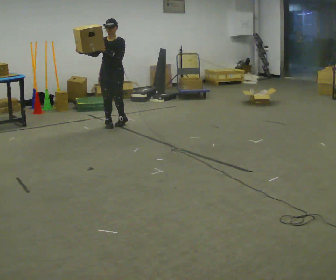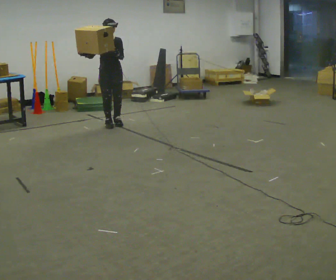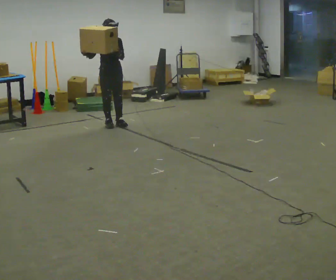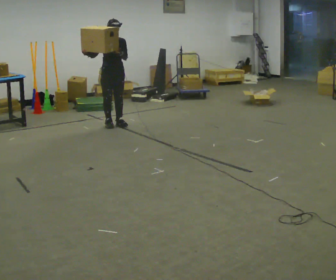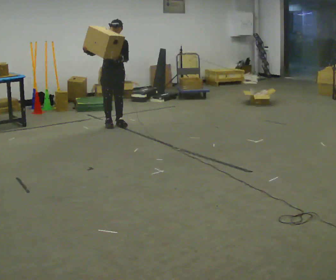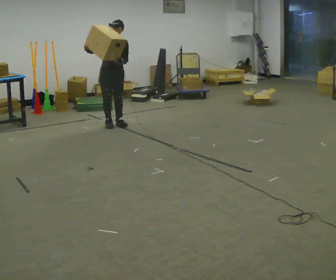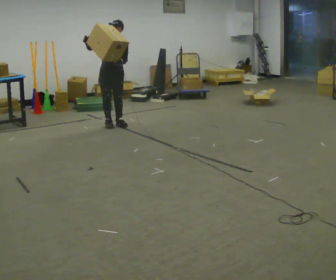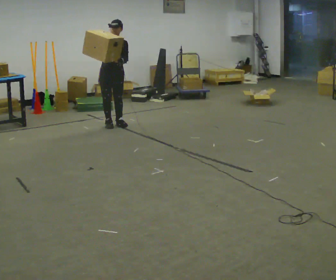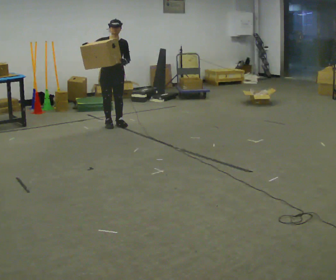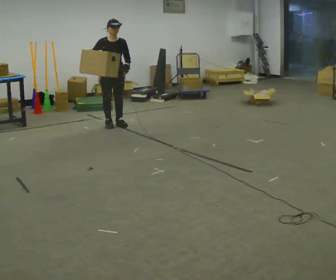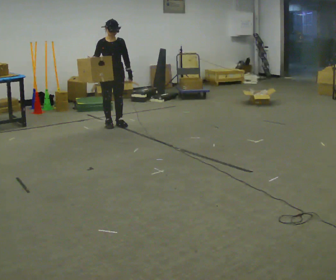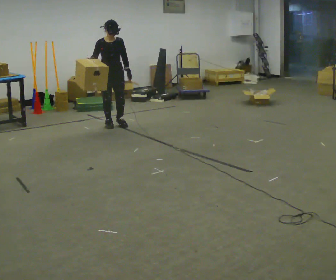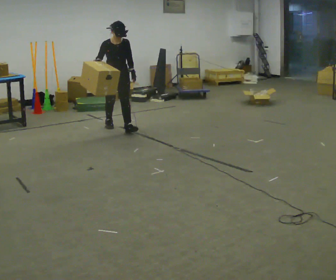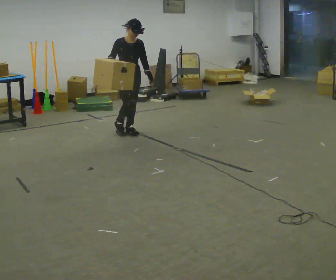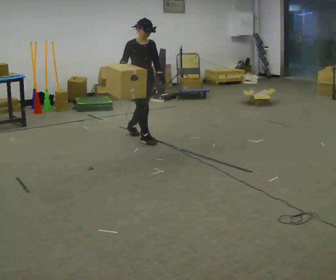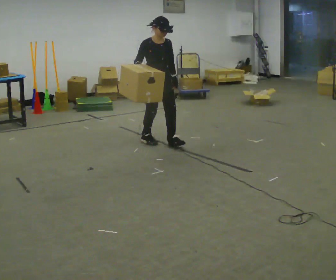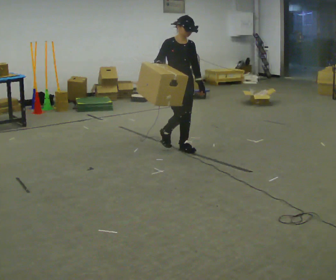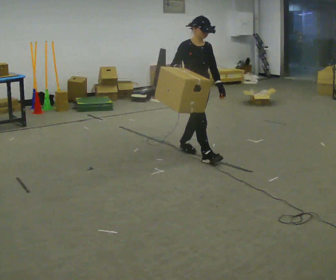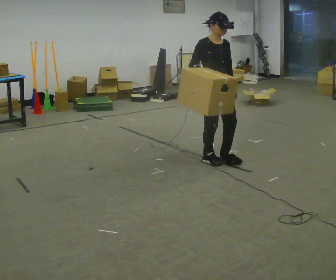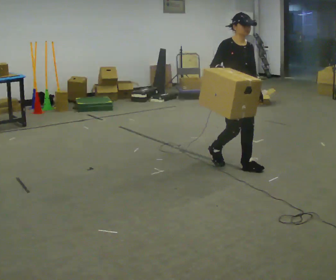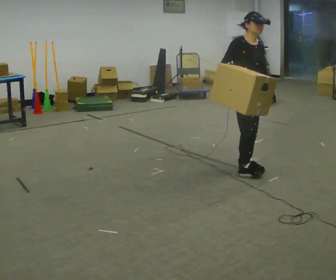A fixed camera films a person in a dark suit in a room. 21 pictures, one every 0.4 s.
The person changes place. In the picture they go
toward the camera.
0.0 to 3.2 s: The person moves a little, or ends about where they began.
3.2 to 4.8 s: In the picture they go toward the camera, about 0.25 m, which for them is forward.
4.8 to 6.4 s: In the picture they go toward the camera and to the right, about 1 m in 3 steps, which for them is forward.
6.4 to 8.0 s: In the picture they go toward the camera and to the right, about 1 m in 2 steps, which for them is forward.
The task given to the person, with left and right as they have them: Carry the box and, while walking, shift it to a different hold: front, then hip, then shoulder, then back to front. Do not stop walking.
The film runs forward here.
